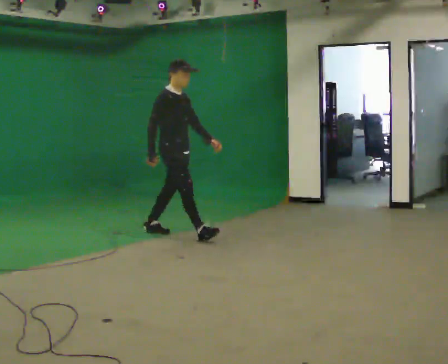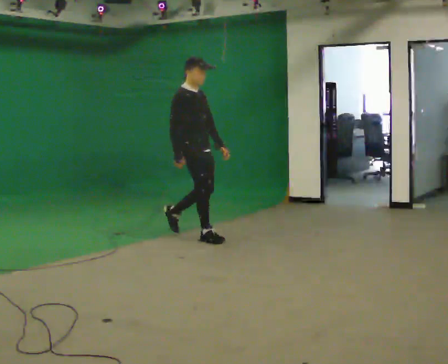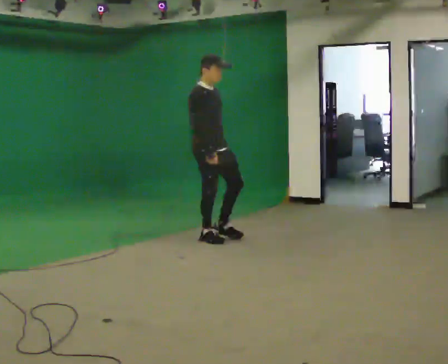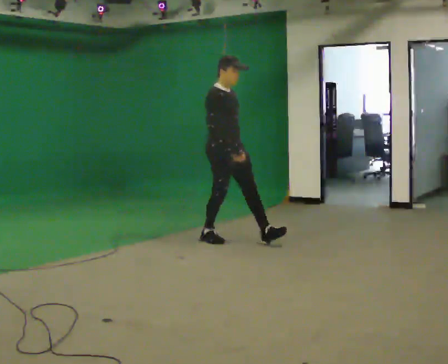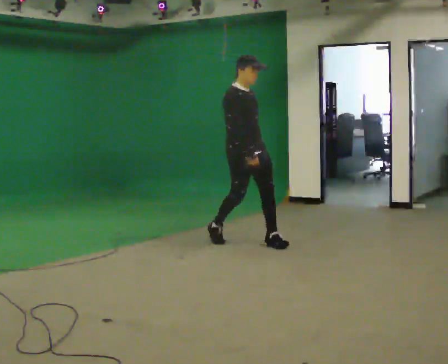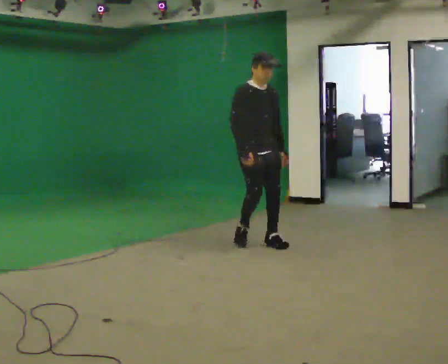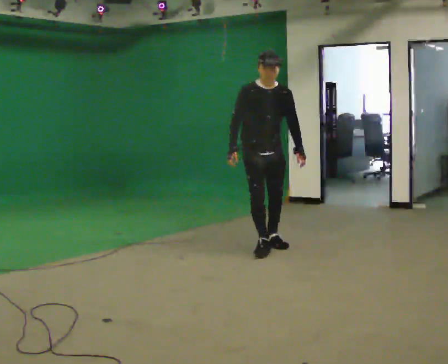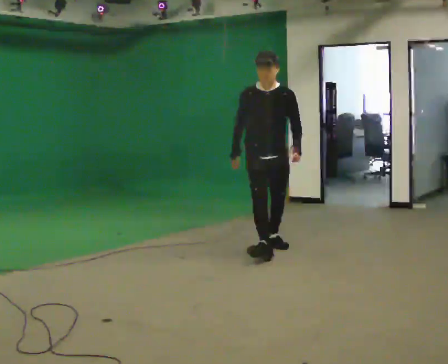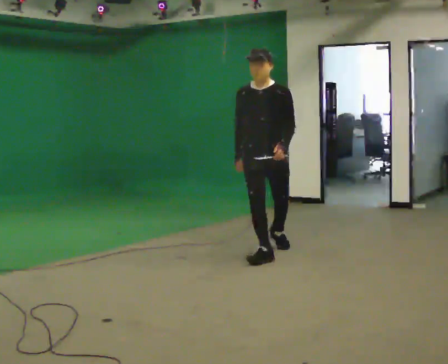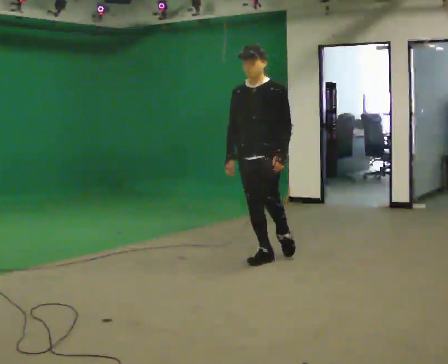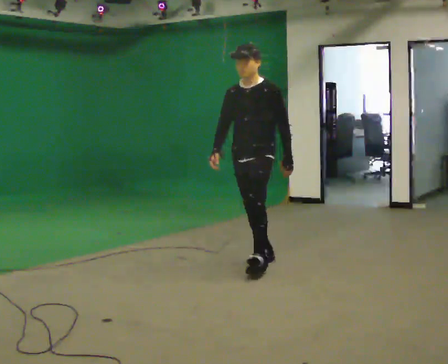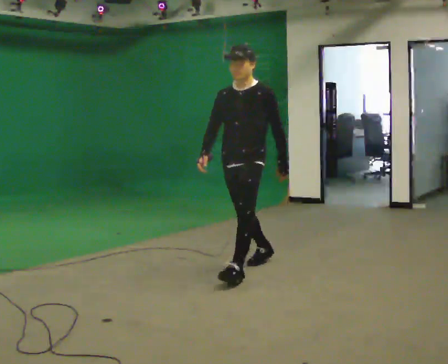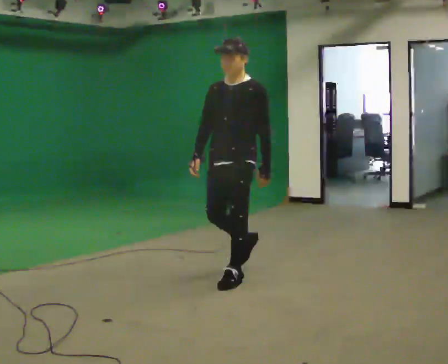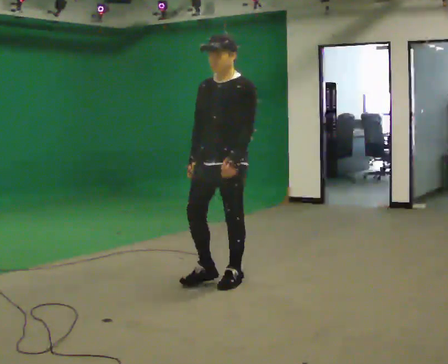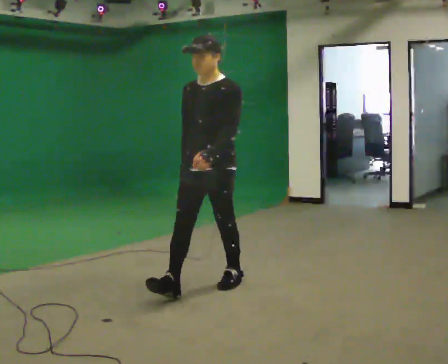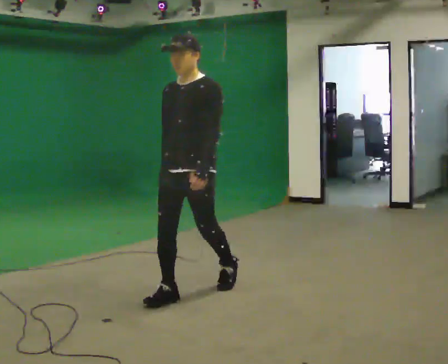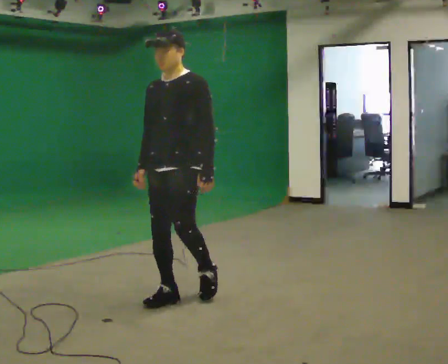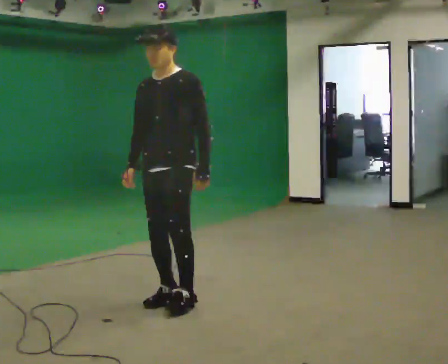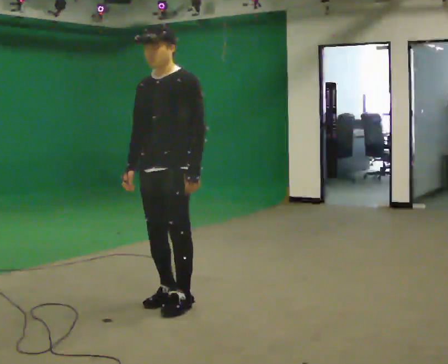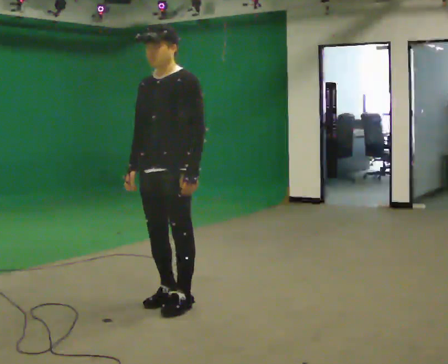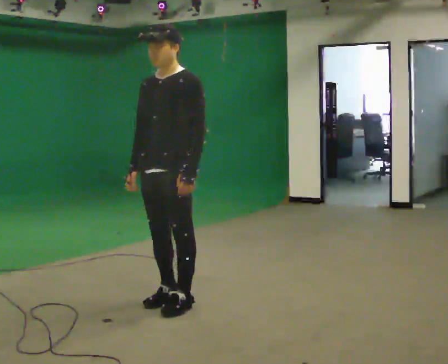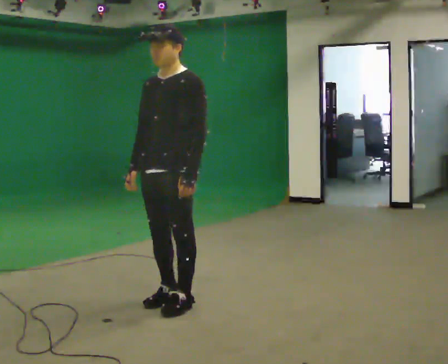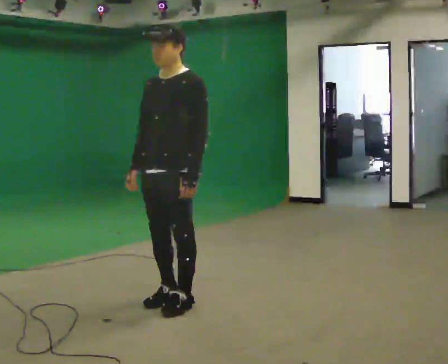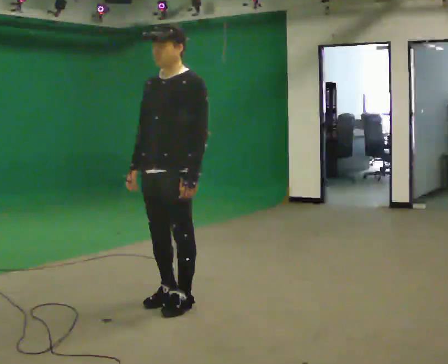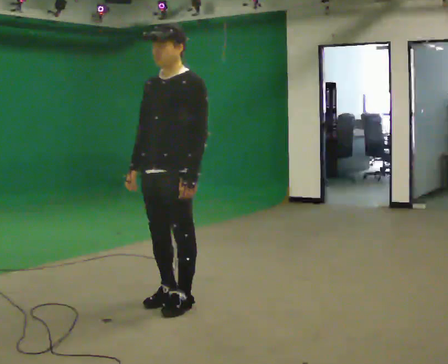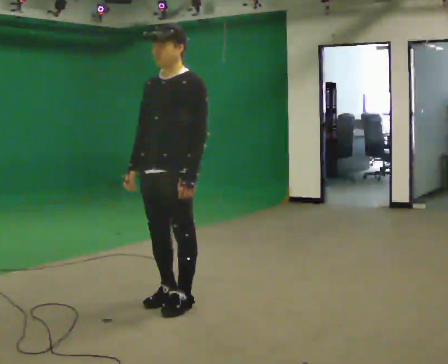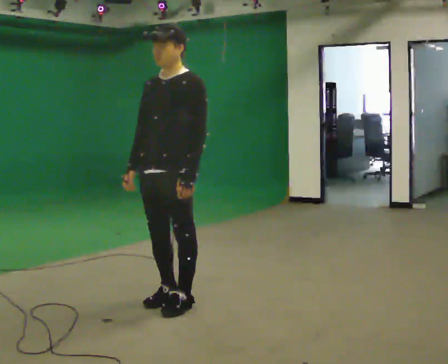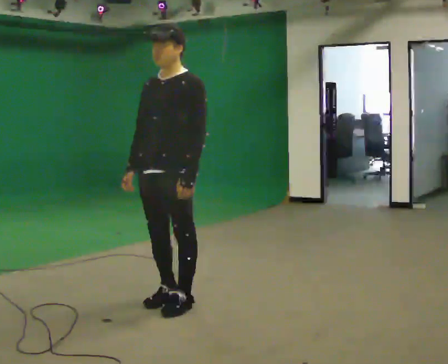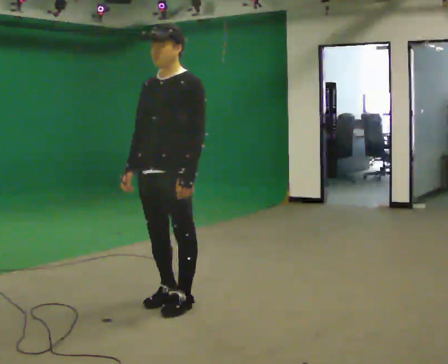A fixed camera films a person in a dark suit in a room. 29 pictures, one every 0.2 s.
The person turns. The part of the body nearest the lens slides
to the left.
The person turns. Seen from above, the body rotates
clockwise.
0.0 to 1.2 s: The person turns about 60 degrees to their right, clockwise seen from above, so the part of the body nearest the lens slides to the left. In the picture they go to the right and toward the camera, about 1 m in 2 steps, which for them is forward.
1.2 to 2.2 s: The person turns about 45 degrees to their right, clockwise seen from above, so the part of the body nearest the lens slides to the left. In the picture they go toward the camera, about 1 m in 2 steps, which for them is forward.
2.2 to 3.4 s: In the picture they go toward the camera and to the left, about 1 m in 1 step, which for them is forward.
3.4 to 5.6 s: The person moves a little, or ends about where they began.
The film runs forward here.
